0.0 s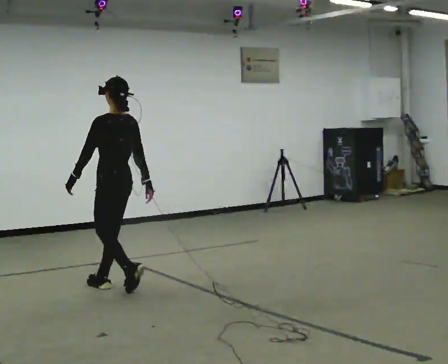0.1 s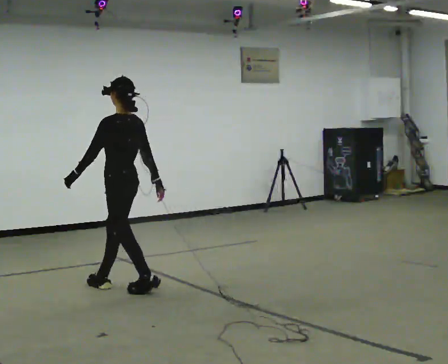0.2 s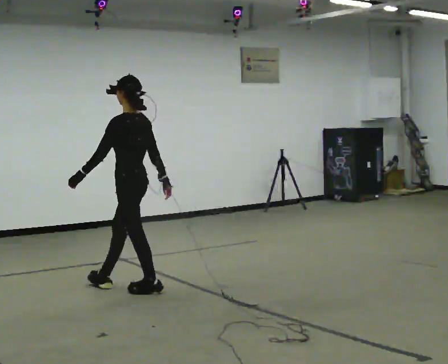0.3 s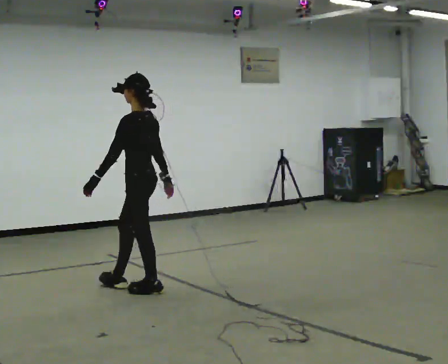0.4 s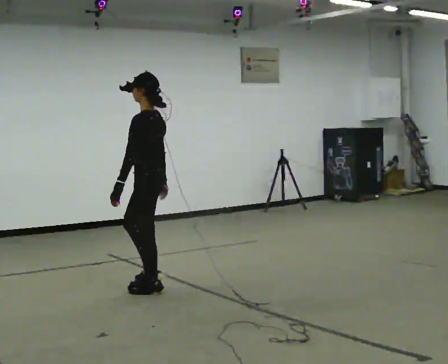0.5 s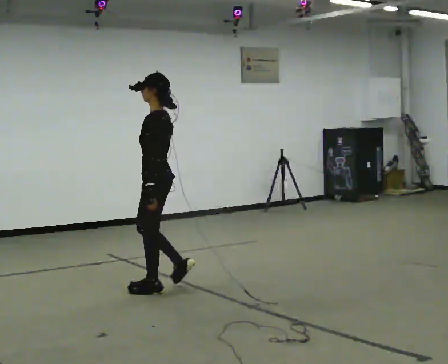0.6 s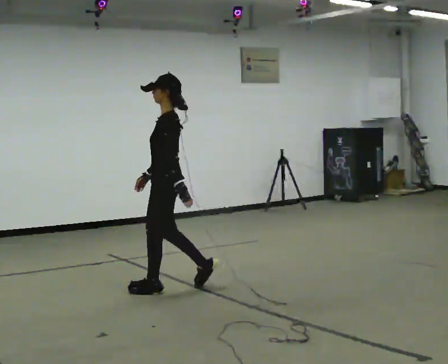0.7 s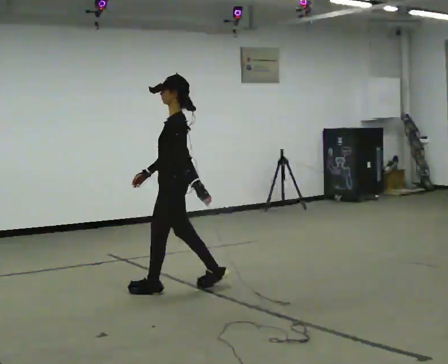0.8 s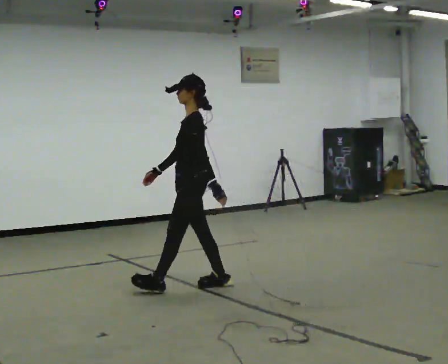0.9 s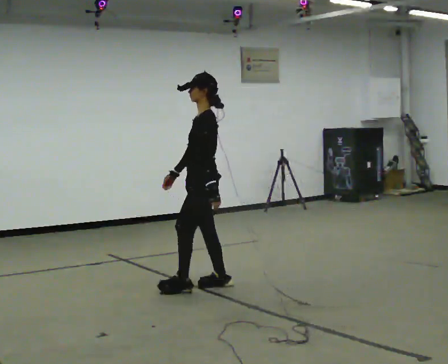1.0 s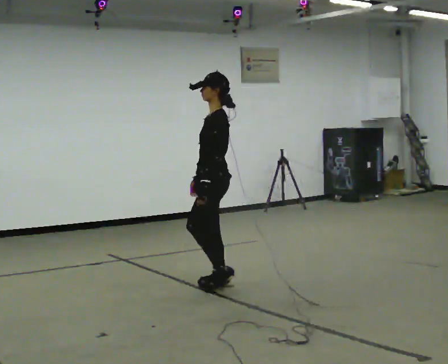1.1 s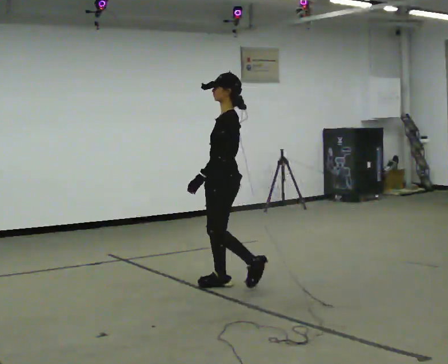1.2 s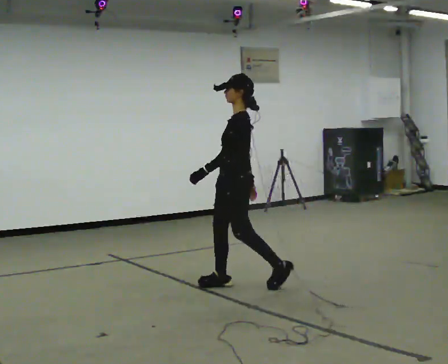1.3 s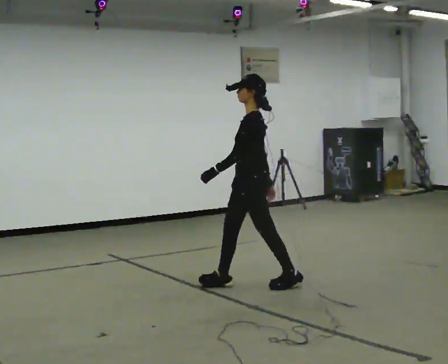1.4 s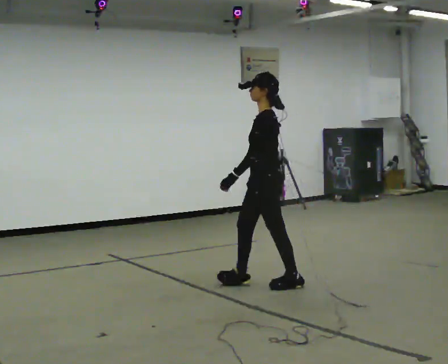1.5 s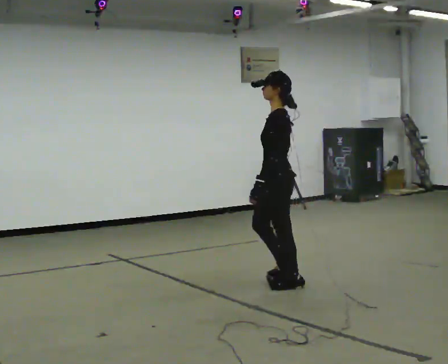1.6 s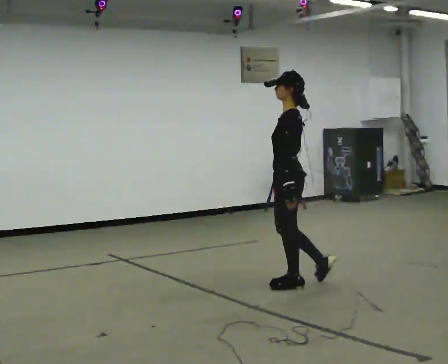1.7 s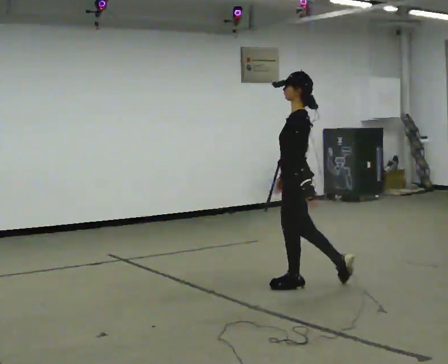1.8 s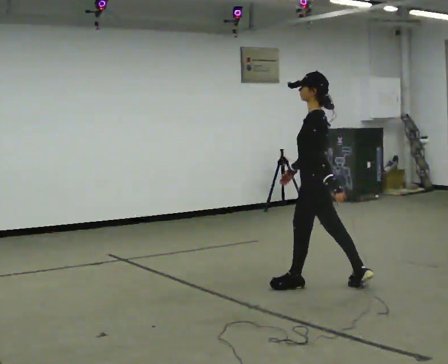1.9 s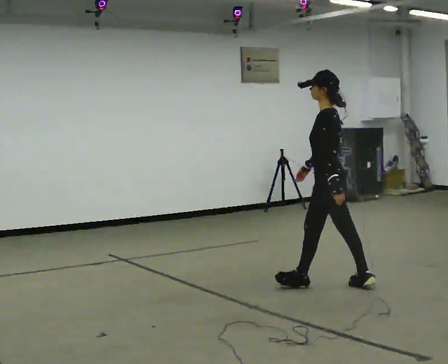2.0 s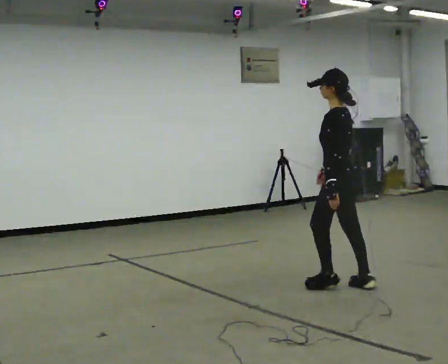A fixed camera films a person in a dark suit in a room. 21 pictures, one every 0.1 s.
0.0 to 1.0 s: The person turns about 45 degrees to their left, counterclockwise seen from above, so the part of the body nearest the lens slides to the right. In the picture they go to the right, about 1 m in 2 steps, which for them is backward.
1.0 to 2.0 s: The person turns about 30 degrees to their right, clockwise seen from above, so the part of the body nearest the lens slides to the left. In the picture they go to the right, about 1 m in 2 steps, which for them is backward.
The film runs backward here.
